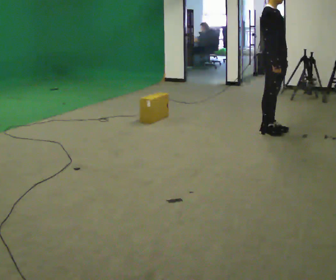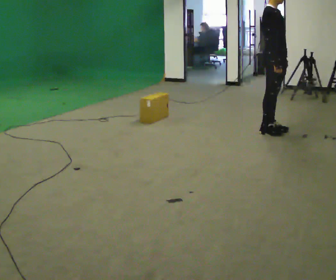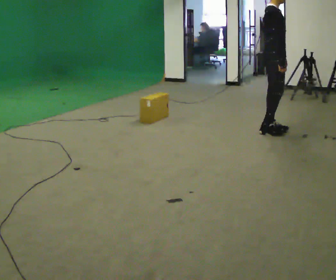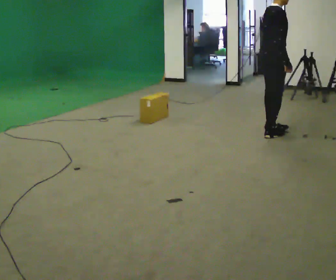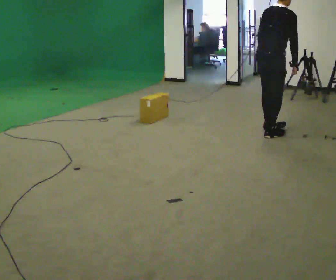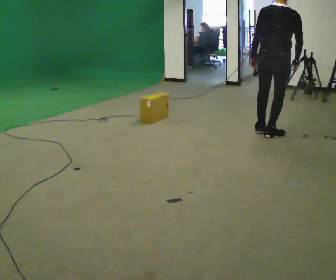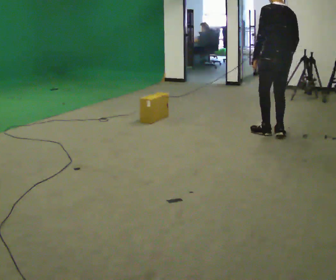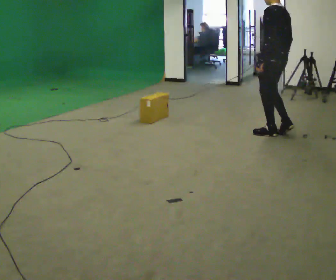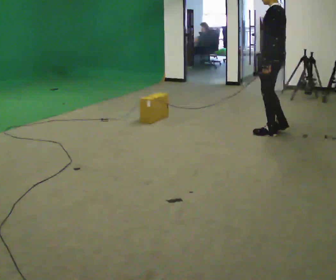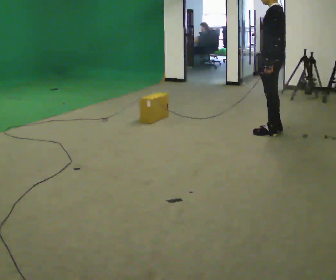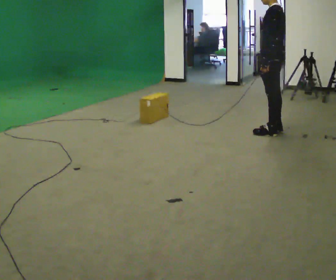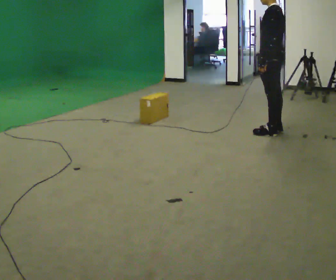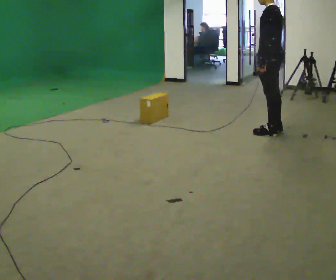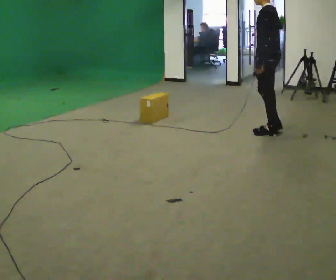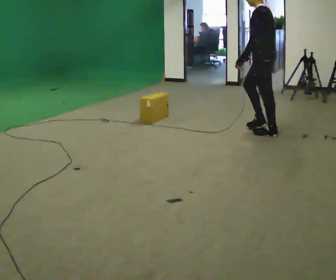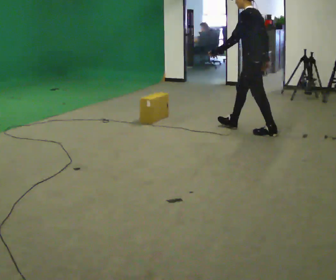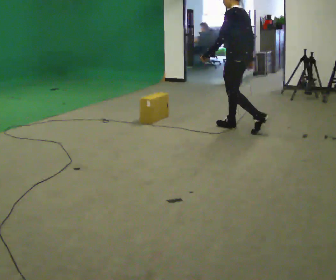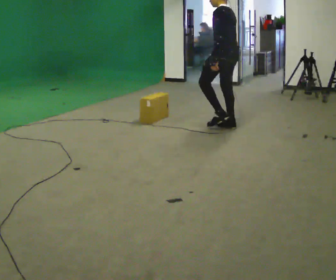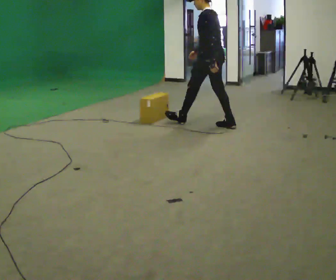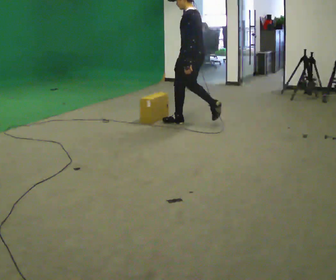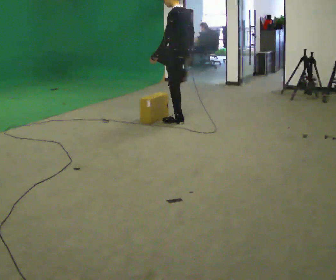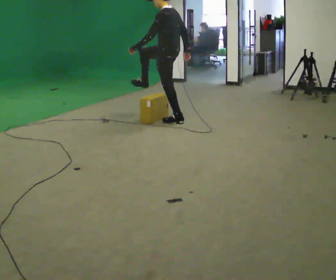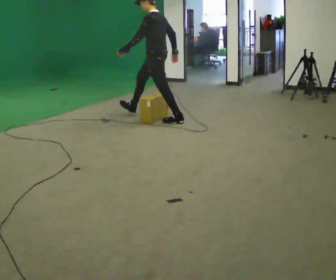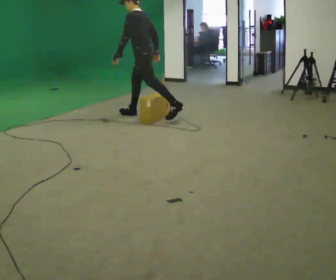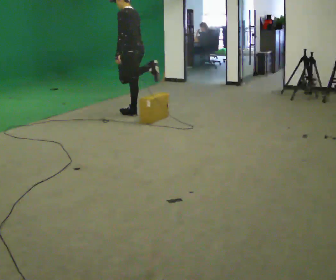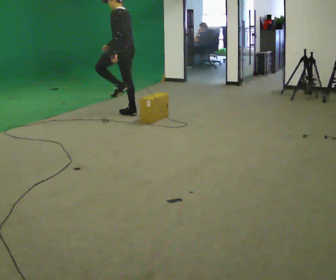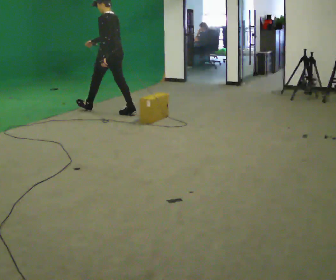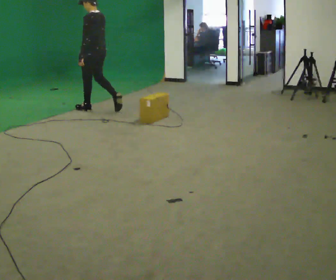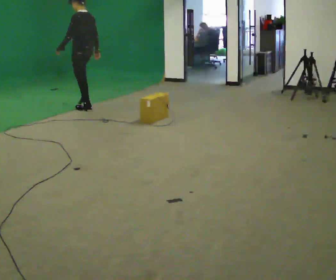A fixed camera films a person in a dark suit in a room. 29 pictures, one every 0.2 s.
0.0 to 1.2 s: The part of the body nearest the lens slides to the right as the person turns to their left by about 135 degrees.
1.2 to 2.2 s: Seen from above the body turns counterclockwise, about 45 degrees: to their left, with its near side sliding to the right.
2.2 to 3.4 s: In the picture they go to the left, about 0.5 m in 1 step, which for them is forward.
3.4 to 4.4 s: In the picture they go to the left, about 1 m in 1 step, which for them is forward.
4.4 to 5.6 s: In the picture they go to the left, about 1.5 m in 2 steps, which for them is forward.
The film runs forward here.
